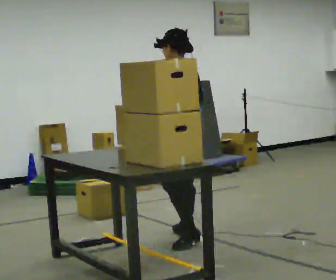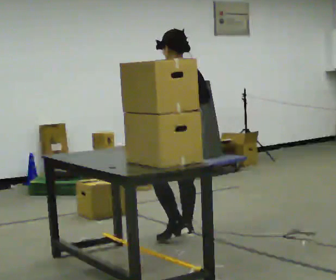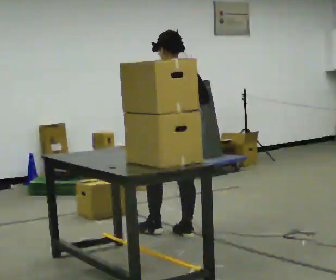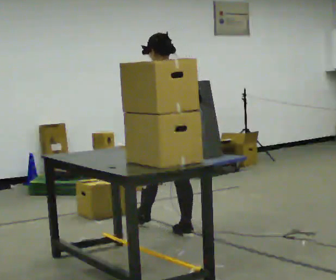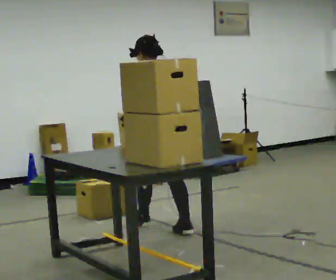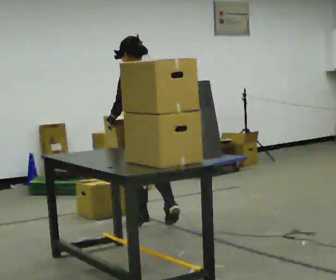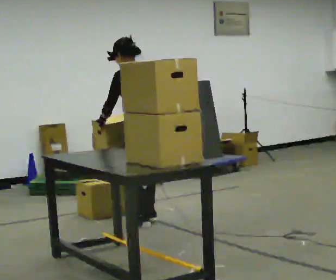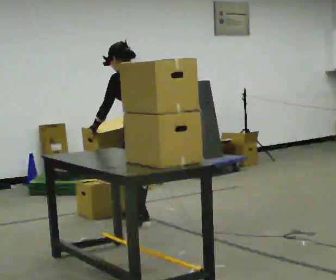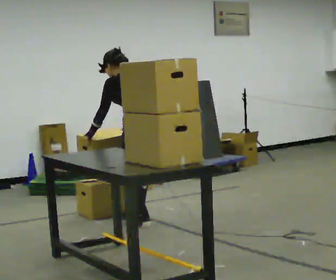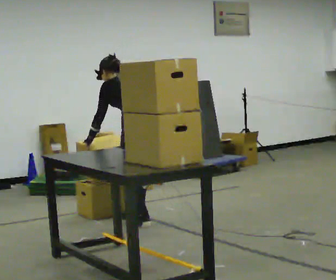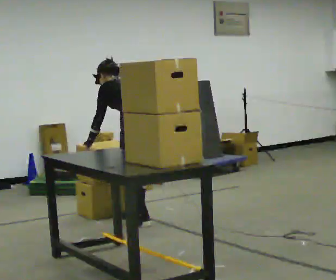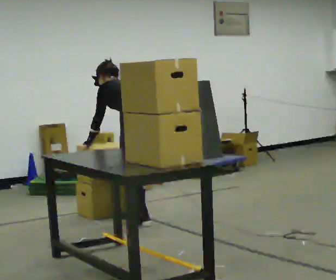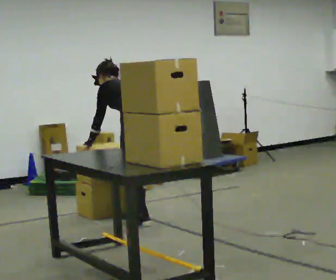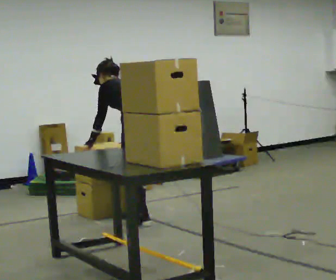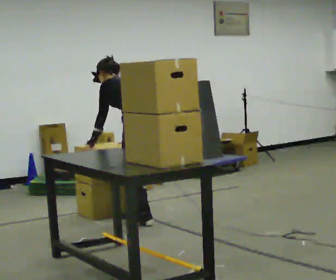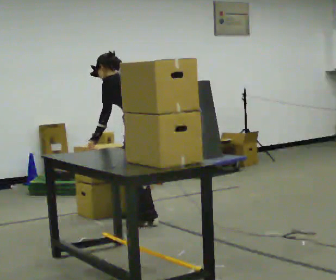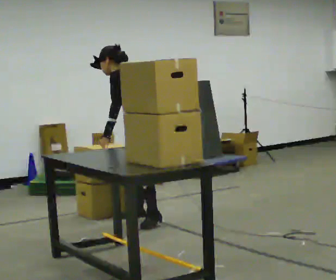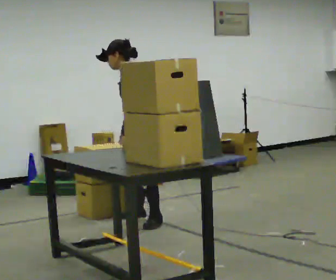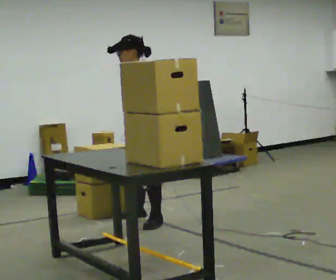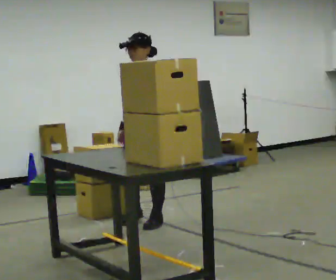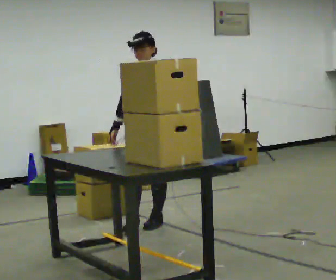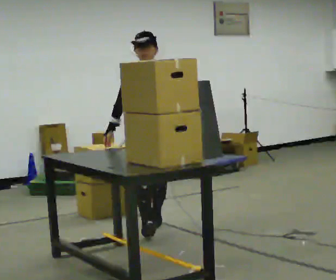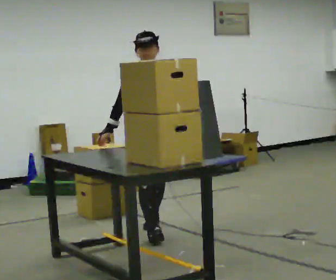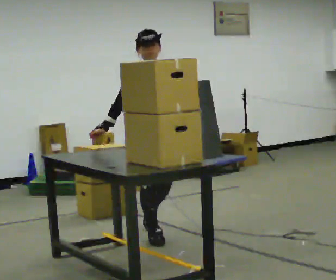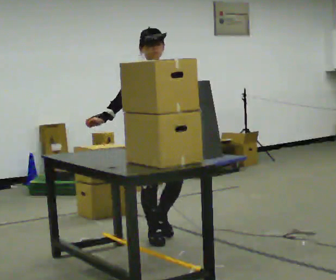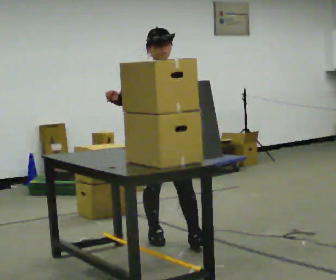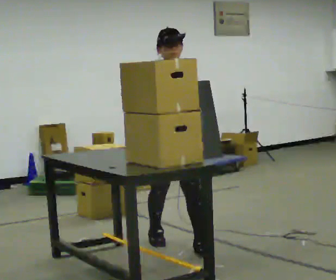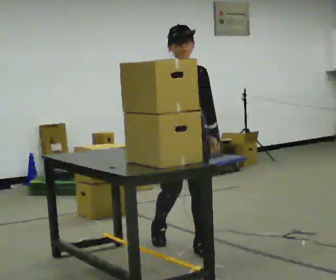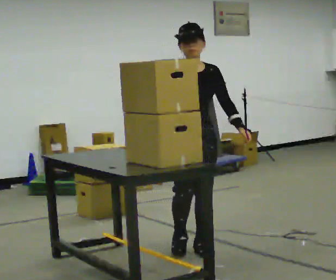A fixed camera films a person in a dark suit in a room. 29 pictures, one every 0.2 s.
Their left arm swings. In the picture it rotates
counterclockwise.
0.0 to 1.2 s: In the picture they go away from the camera and to the left, about 0.5 m in 1 step, which for them is forward.
1.2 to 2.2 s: In the picture they go away from the camera, about 0.25 m in 1 step, which for them is forward. The upper body tips away from the camera, its near side rolling upward, as they bend forward.
2.2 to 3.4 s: The person turns about 45 degrees to their left, counterclockwise seen from above, so the part of the body nearest the lens slides to the right. The upper body tips toward the camera, its near side rolling downward, as they lean back or straighten. In the picture their left hand goes to the right.
3.4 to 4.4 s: The part of the body nearest the lens slides to the right as the person turns to their left by about 90 degrees. In the picture they go toward the camera, about 0.5 m in 1 step. In the picture the upper body tilts clockwise, shoulders to the right, as they lean back or straighten.
4.4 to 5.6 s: In the picture they go toward the camera and to the right, about 0.5 m in 1 step, which for them is forward. In the picture their right hand goes upward.
The film runs forward here.
